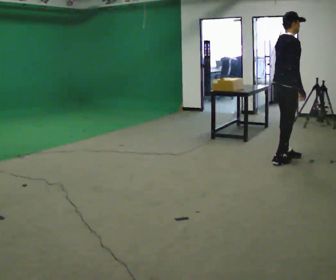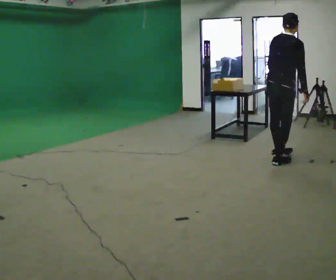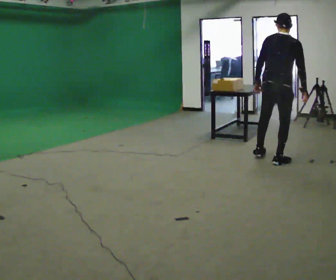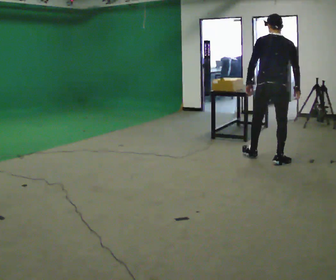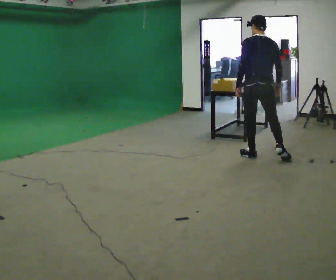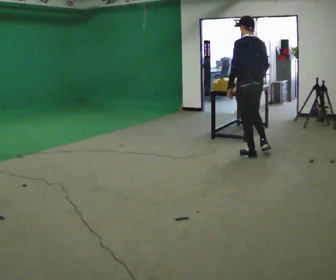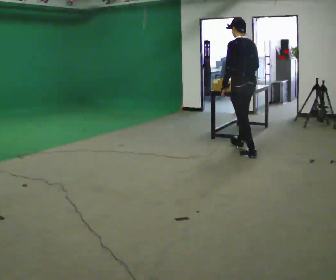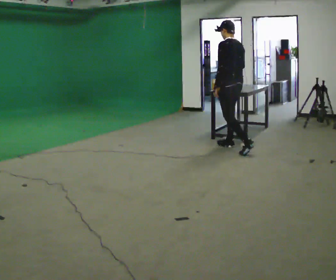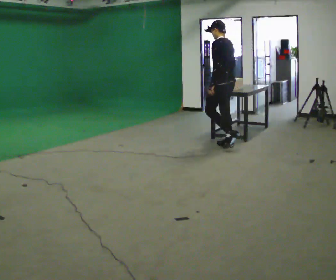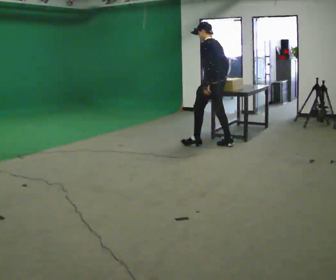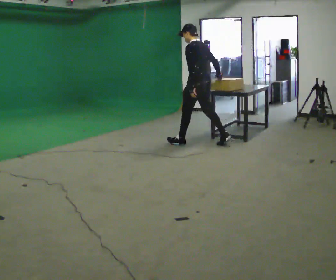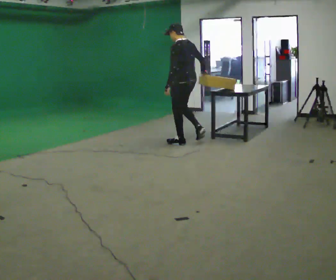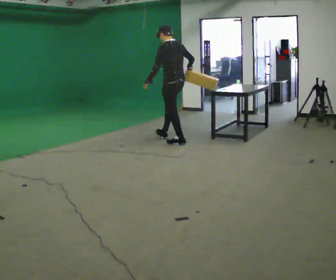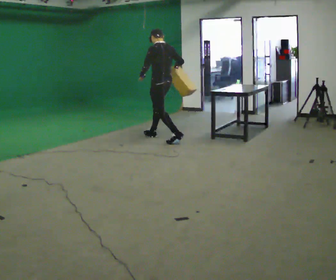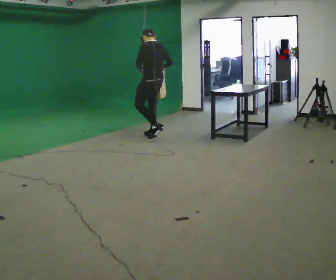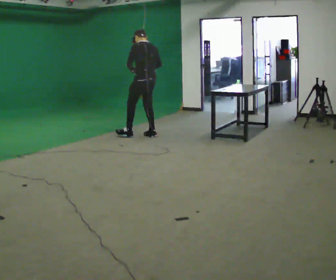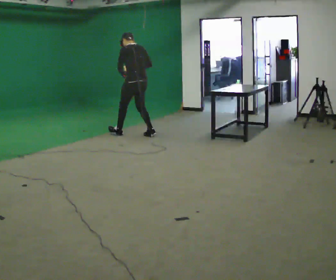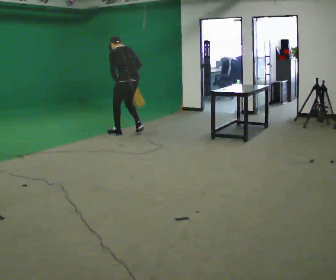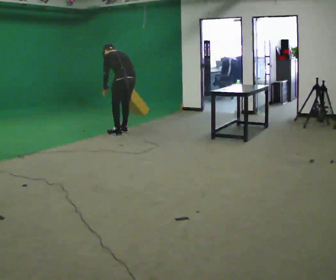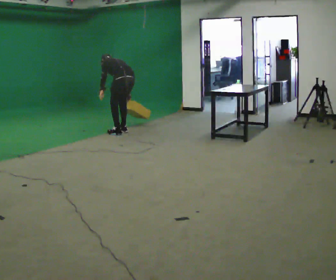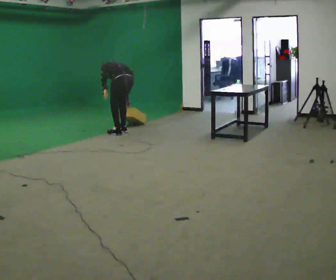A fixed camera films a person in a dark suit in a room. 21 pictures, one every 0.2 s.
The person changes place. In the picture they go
to the left.
The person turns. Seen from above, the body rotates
counterclockwise.
0.0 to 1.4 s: The part of the body nearest the lens slides to the right as the person turns to their left by about 135 degrees. In the picture they go to the left and away from the camera, about 1 m in 2 steps.
1.4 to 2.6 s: In the picture they go to the left and away from the camera, about 1 m in 2 steps, which for them is forward.
2.6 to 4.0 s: In the picture they go to the left and away from the camera, about 0.5 m in 2 steps, which for them is forward. The shoulders move downward. In the picture the upper body tilts counterclockwise, shoulders to the left, as they bend forward.
The film runs forward here.
